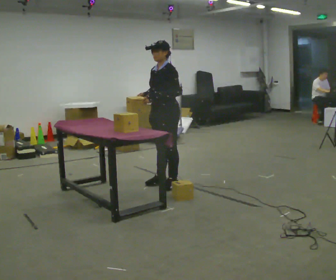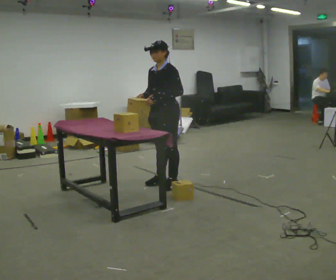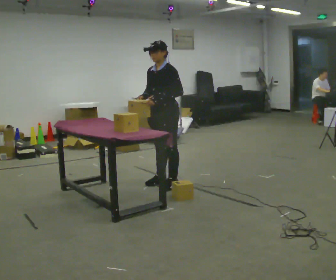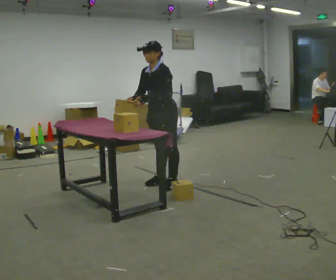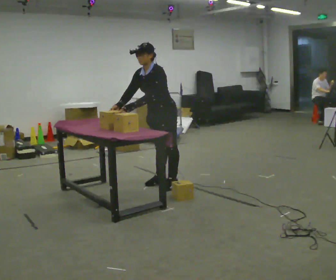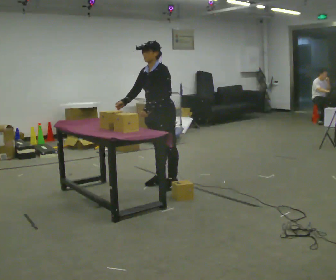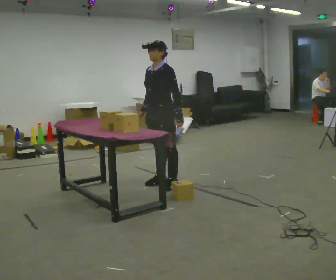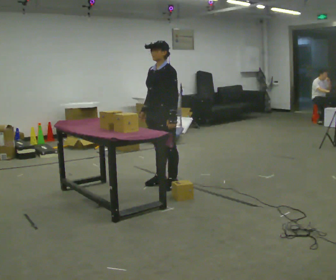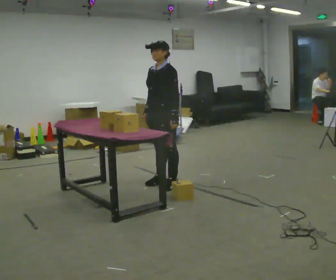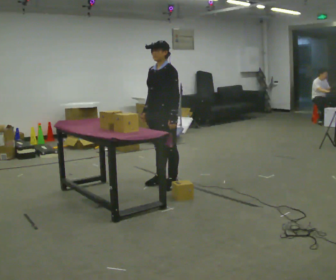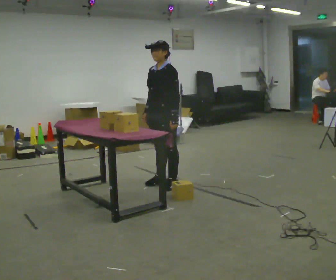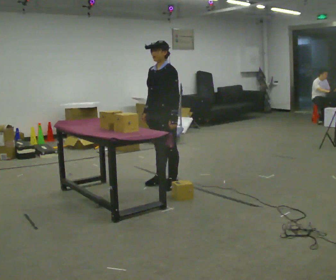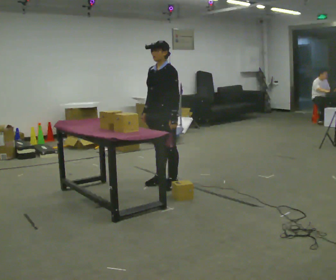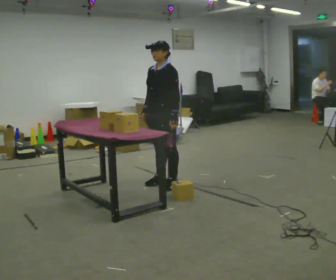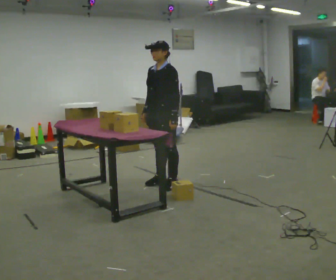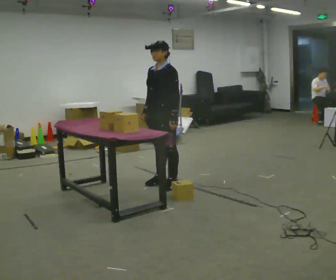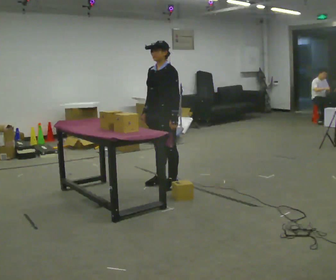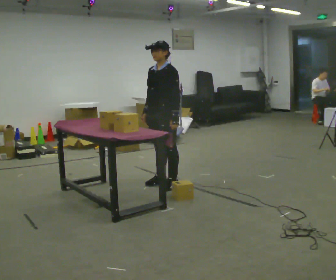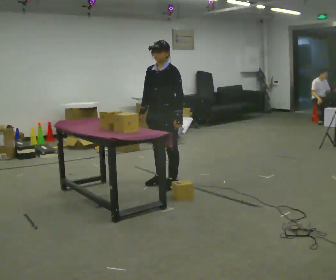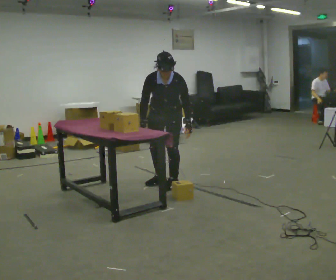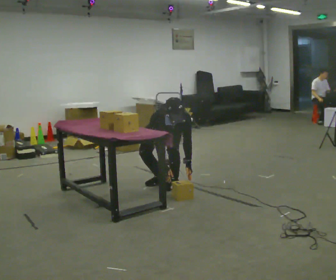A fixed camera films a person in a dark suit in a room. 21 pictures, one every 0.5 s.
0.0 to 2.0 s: In the picture the upper body tilts counterclockwise, shoulders to the left, as they bend forward.
2.0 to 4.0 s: In the picture the upper body tilts clockwise, shoulders to the right, as they lean back or straighten.
4.0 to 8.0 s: The person moves a little, or ends about where they began.
8.0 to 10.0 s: Seen from above the body turns counterclockwise, about 45 degrees: to their left, with its near side sliding to the right. In the picture they go away from the camera, about 0.25 m, which for them is backward. The shoulders move downward. The upper body tips toward the camera, its near side rolling downward, as they bend forward. In the picture their right hand goes downward.
The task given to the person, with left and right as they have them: Pick an object up off the floor at your feet and place it on the waist-height shelf in front of you. Repeat at your own pace until the operator says stop. Keep both feet on the marked spots for the whole take. If you have to step, stop and tell the operator.
The film runs forward here.
